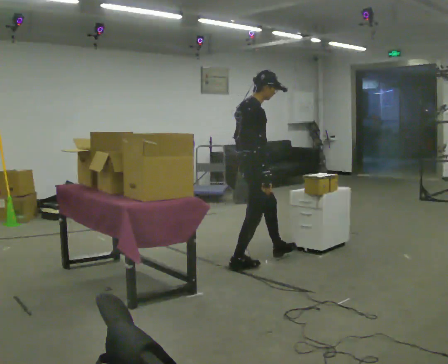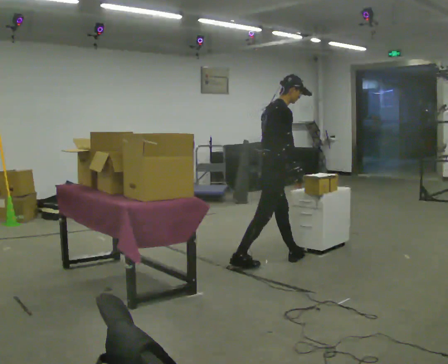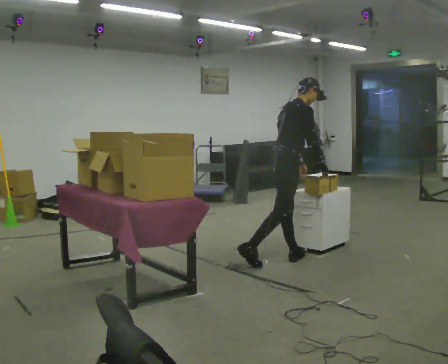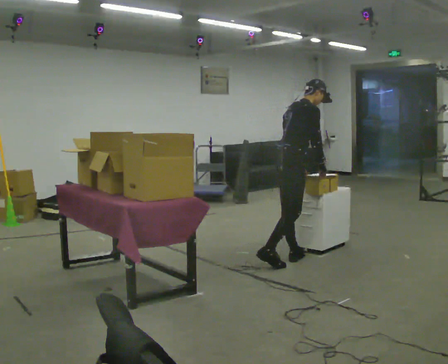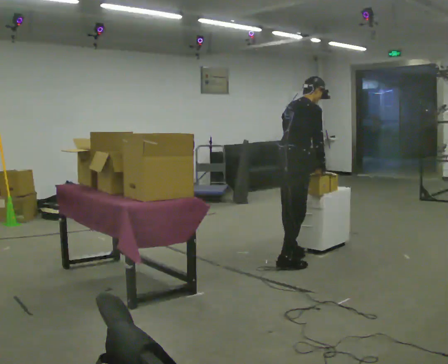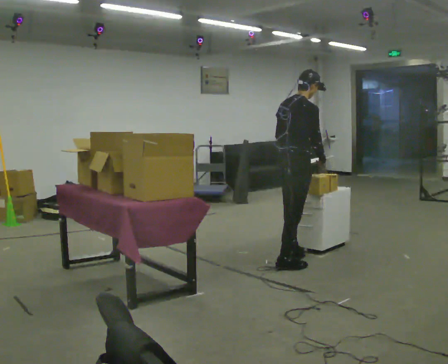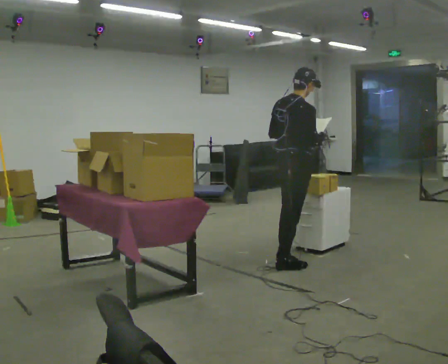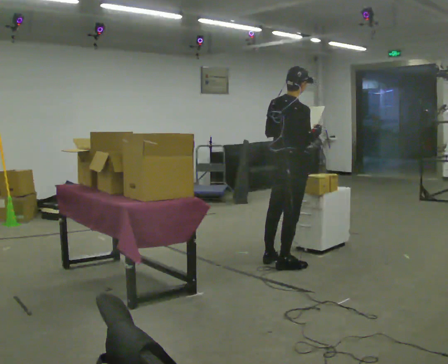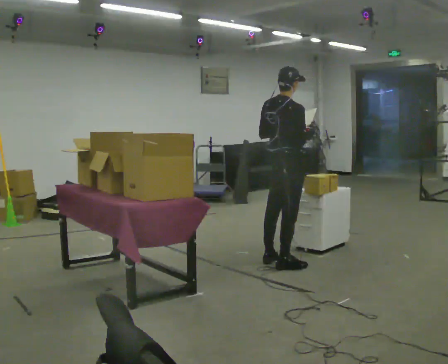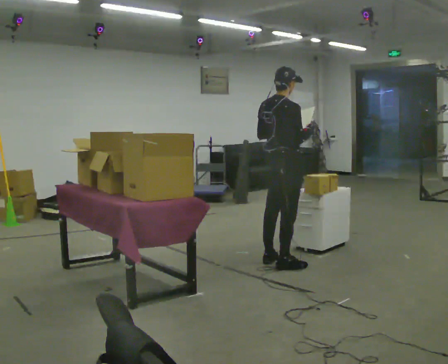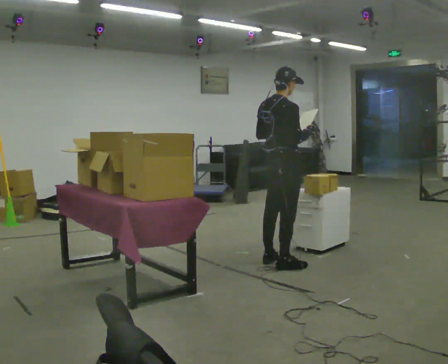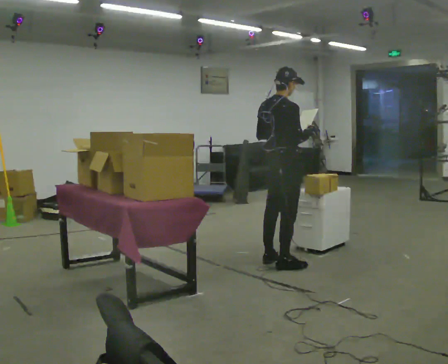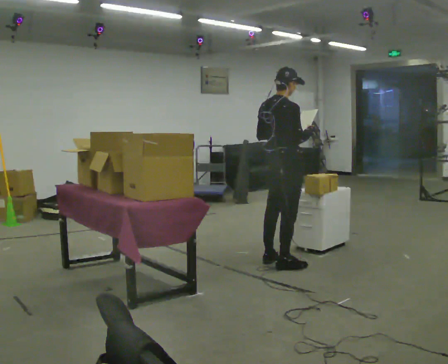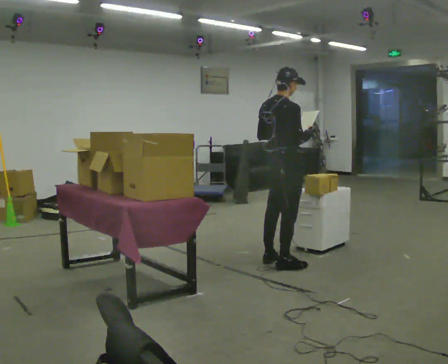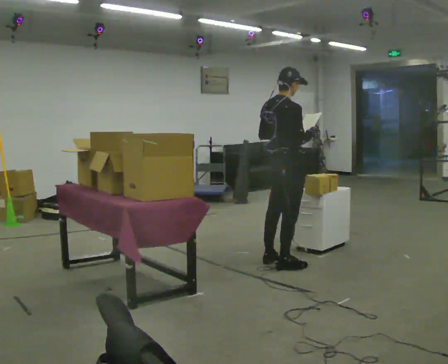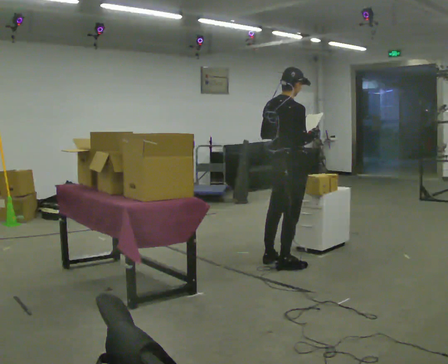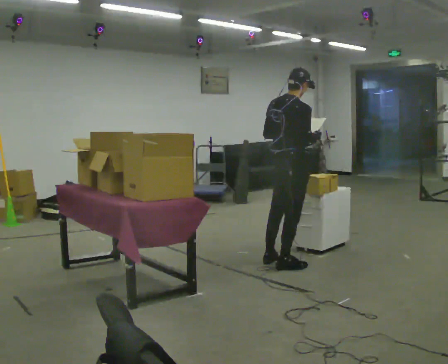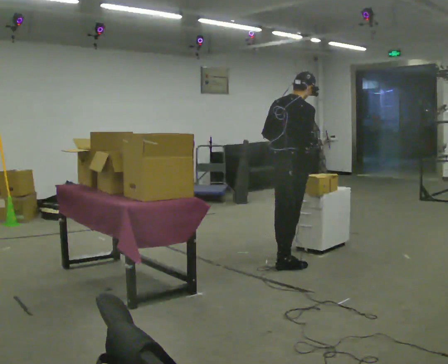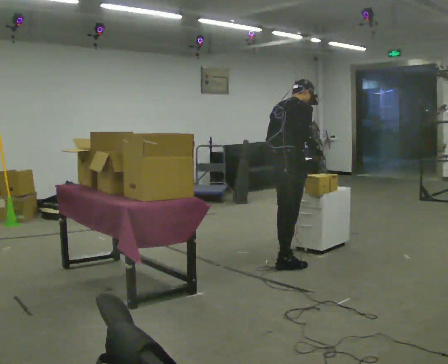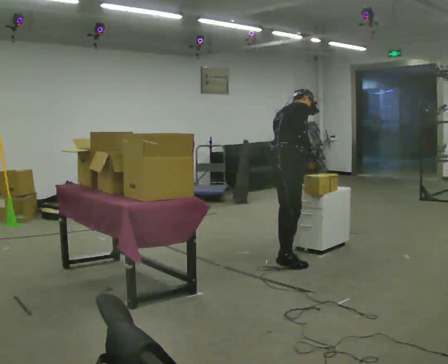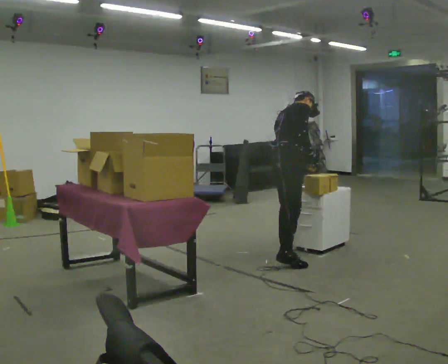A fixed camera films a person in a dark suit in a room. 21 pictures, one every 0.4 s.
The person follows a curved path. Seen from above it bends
counterclockwise.
0.0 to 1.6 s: In the picture they go to the right, about 0.25 m in 2 steps, which for them is forward.
1.6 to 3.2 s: In the picture the upper body tilts counterclockwise, shoulders to the left, as they lean back or straighten. In the picture their right hand goes upward.
3.2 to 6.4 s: The person moves a little, or ends about where they began.
6.4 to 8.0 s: The person turns about 30 degrees to their right, clockwise seen from above, so the part of the body nearest the lens slides to the left. In the picture they go away from the camera, about 0.25 m, which for them is to their left and forward. The upper body tips away from the camera, its near side rolling upward, as they bend forward.
The film runs forward here.
